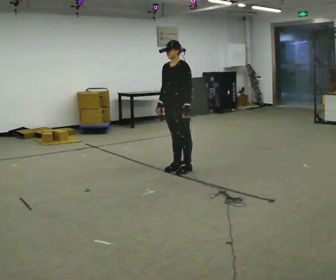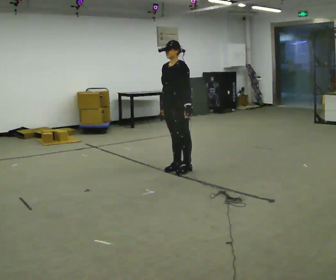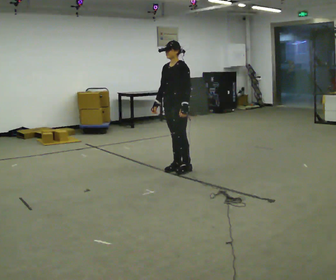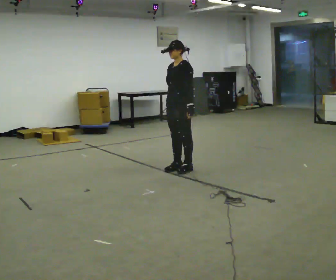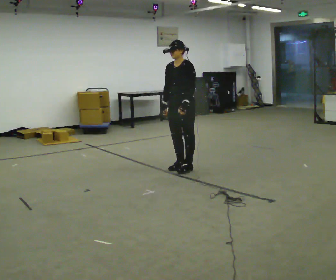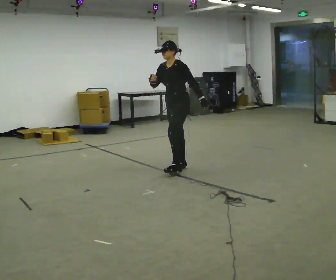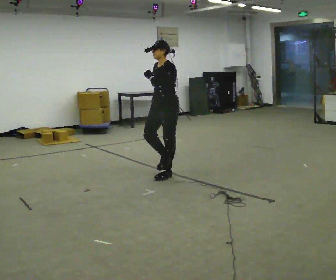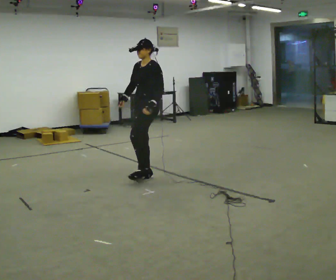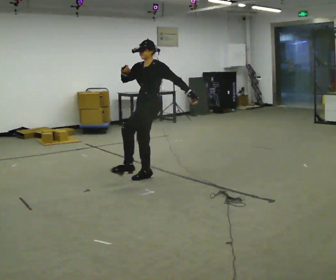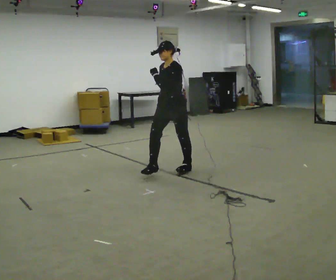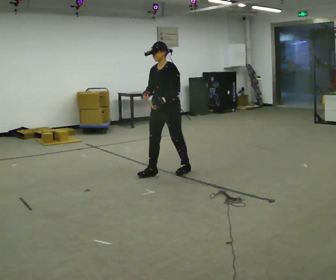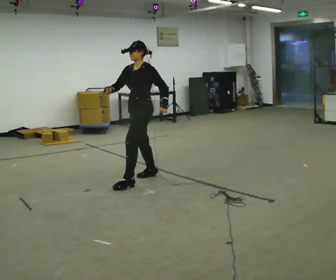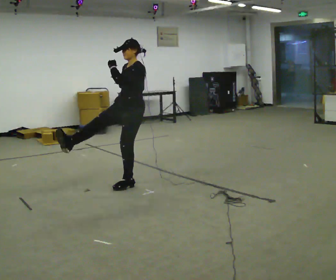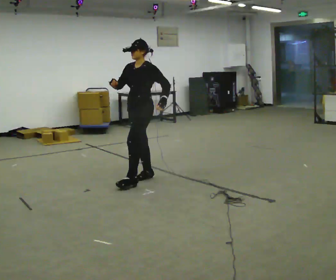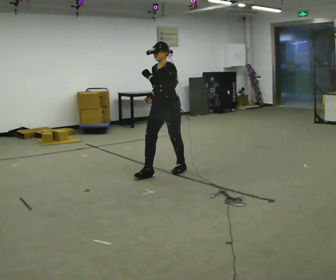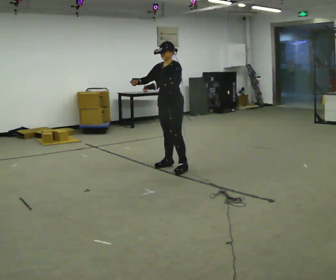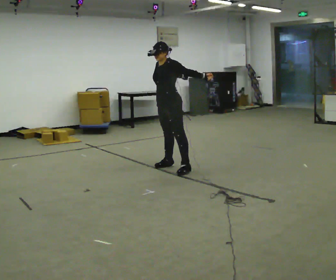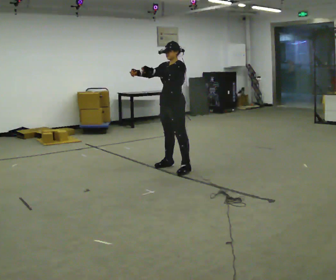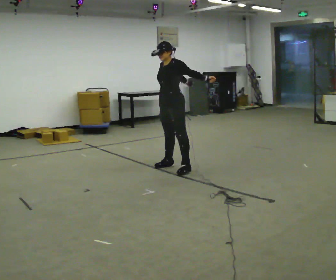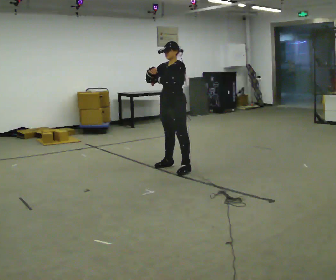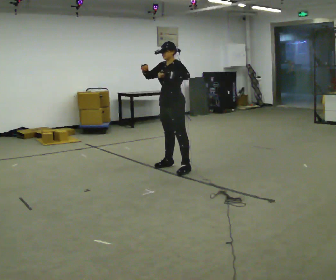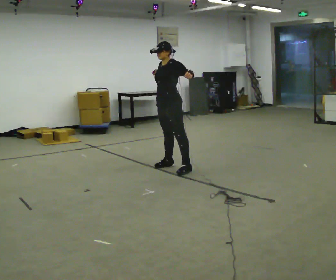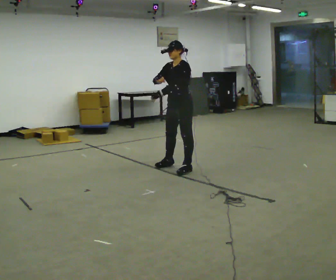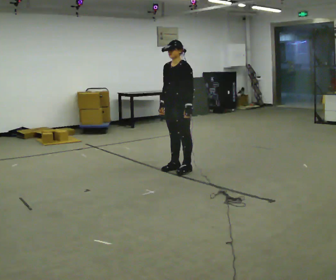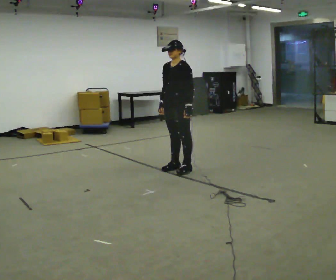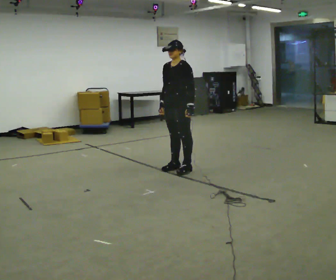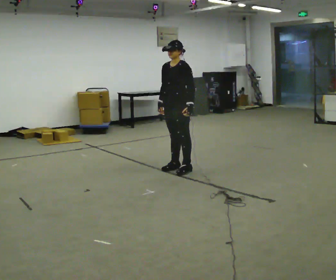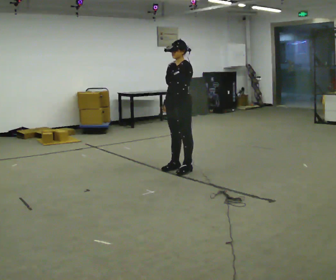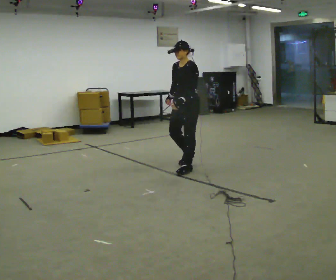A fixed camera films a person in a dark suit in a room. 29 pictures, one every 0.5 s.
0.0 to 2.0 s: The person moves a little, or ends about where they began.
2.0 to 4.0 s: In the picture they go to the left and toward the camera, about 0.5 m in 3 steps, which for them is forward. In the picture their right hand goes upward.
4.0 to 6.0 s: In the picture they go toward the camera and to the left, about 0.25 m in 2 steps, which for them is forward. In the picture their right hand goes downward.
6.0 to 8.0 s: In the picture they go away from the camera and to the right, about 1 m in 2 steps, which for them is backward.
8.0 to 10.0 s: In the picture their right hand goes to the left.
10.0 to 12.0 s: In the picture their right hand goes downward.
12.0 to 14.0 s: The person moves a little, or ends about where they began.
The film runs backward here.
